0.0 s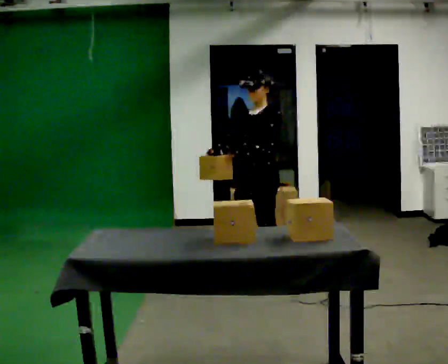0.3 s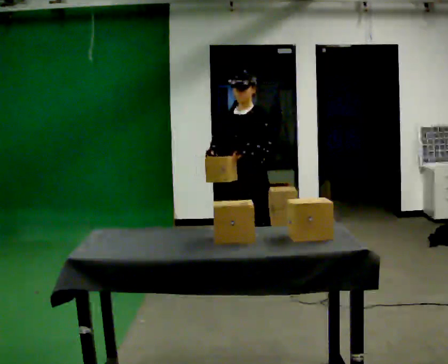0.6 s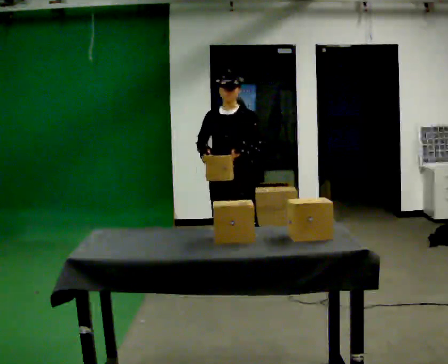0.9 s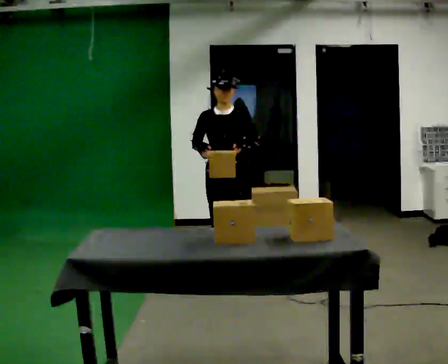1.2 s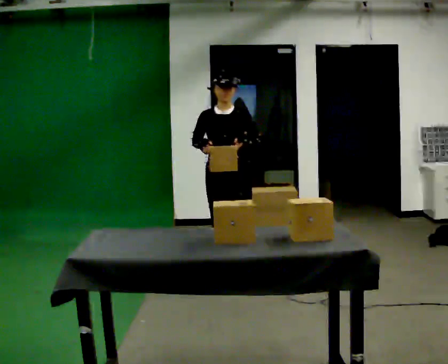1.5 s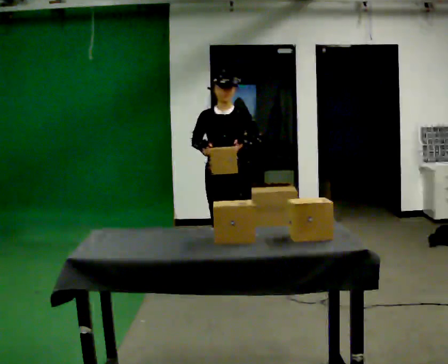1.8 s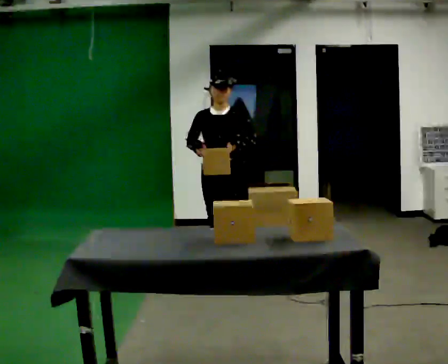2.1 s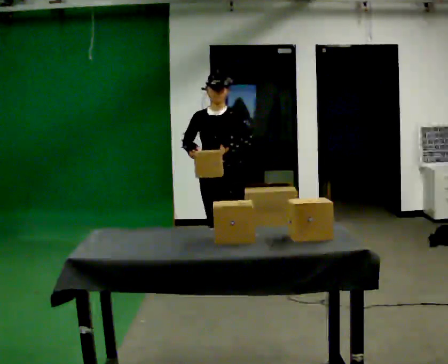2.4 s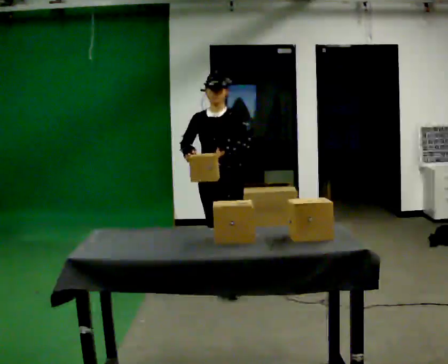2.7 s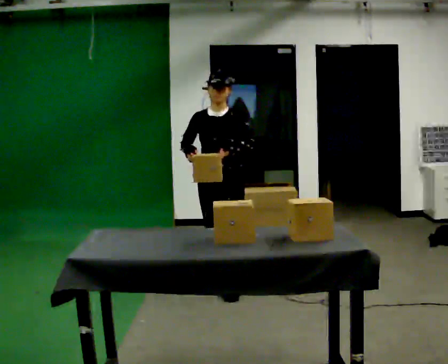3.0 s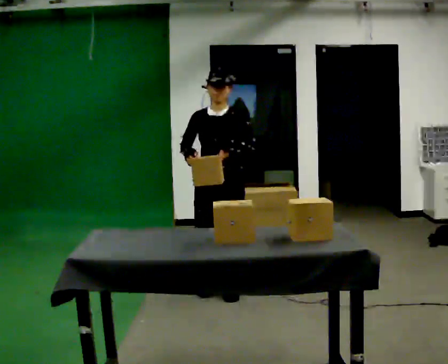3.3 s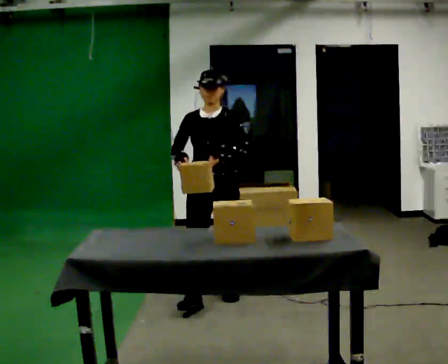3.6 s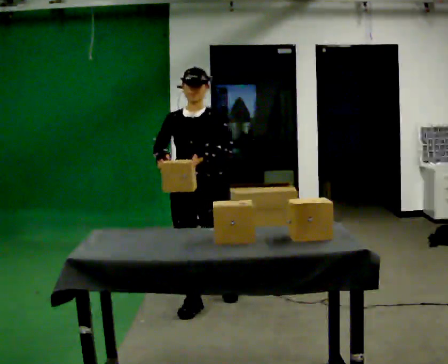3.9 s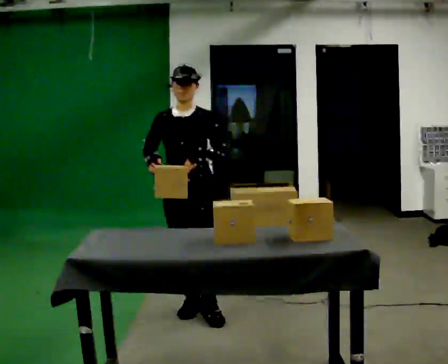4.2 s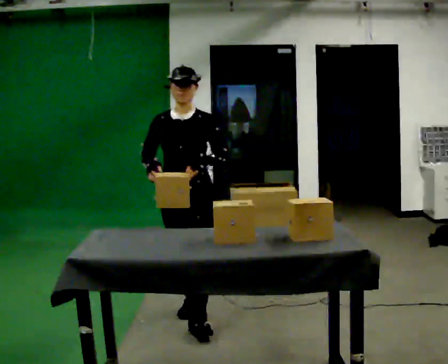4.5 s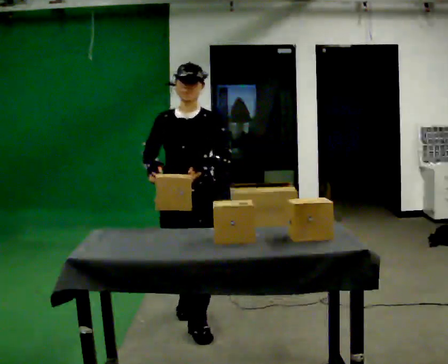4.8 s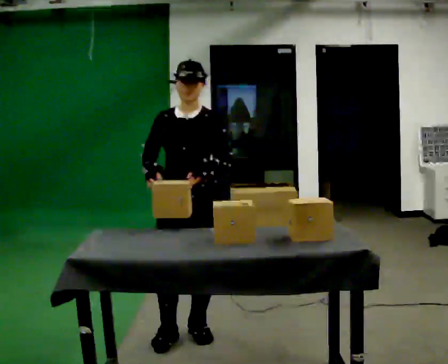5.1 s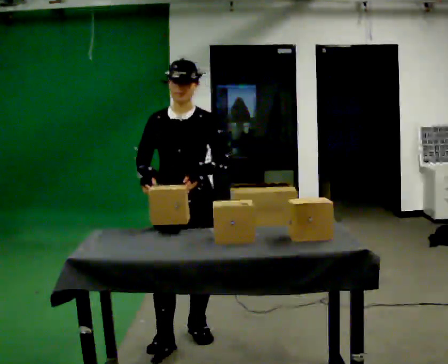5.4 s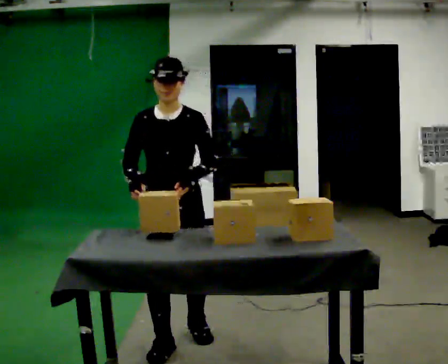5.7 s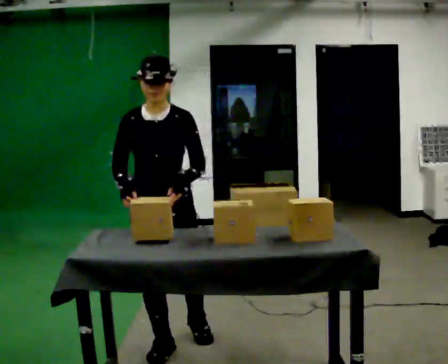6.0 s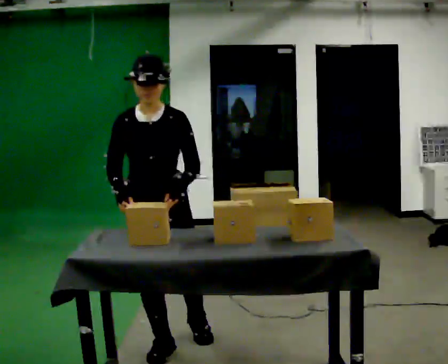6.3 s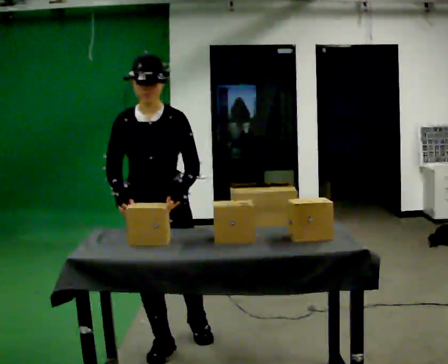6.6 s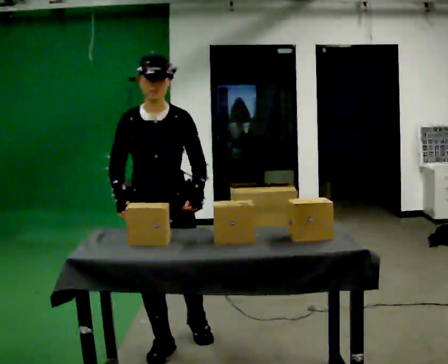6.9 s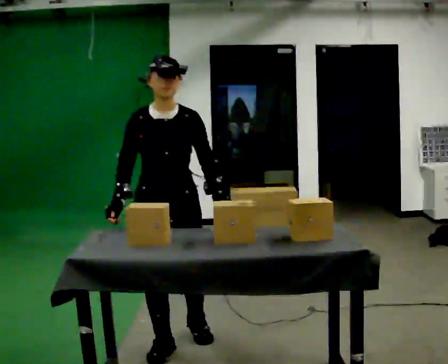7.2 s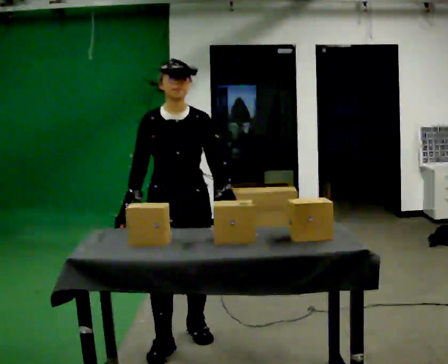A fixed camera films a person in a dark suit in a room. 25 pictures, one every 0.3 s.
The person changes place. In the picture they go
toward the camera.
0.0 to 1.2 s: Seen from above the body turns counterclockwise, about 45 degrees: to their left, with its near side sliding to the right. In the picture they go to the left, about 0.25 m in 2 steps, which for them is to their right.
1.2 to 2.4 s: The person moves a little, or ends about where they began.
2.4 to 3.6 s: In the picture they go toward the camera, about 0.5 m in 1 step, which for them is forward.
3.6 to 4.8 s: In the picture they go toward the camera, about 0.5 m in 1 step, which for them is forward.
4.8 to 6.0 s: In the picture they go toward the camera and to the left, about 0.25 m in 1 step, which for them is forward and to their right.
6.0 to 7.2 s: In the picture they go away from the camera, about 0.25 m, which for them is backward and to their left.
The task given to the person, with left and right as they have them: Clear everything off the table and put it away on the shelf, in as many trips as you need. Keep going until the operator says stop; one object at a time, and do not rush between trips.
The film runs forward here.
